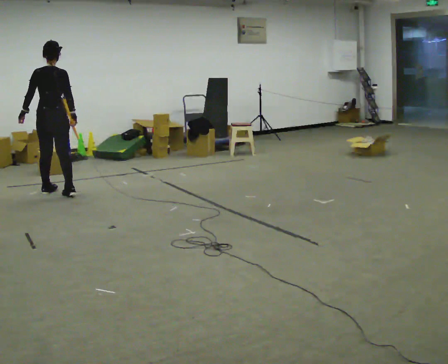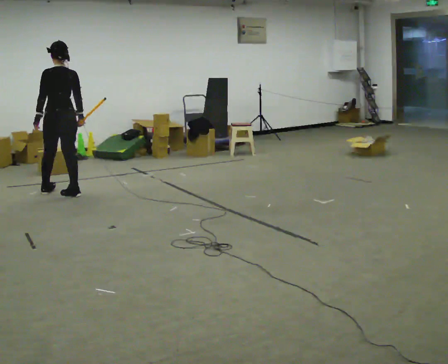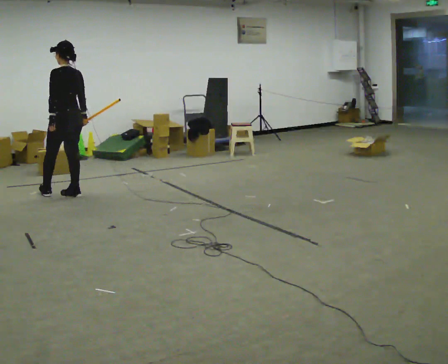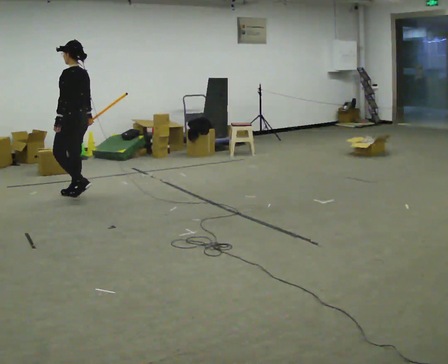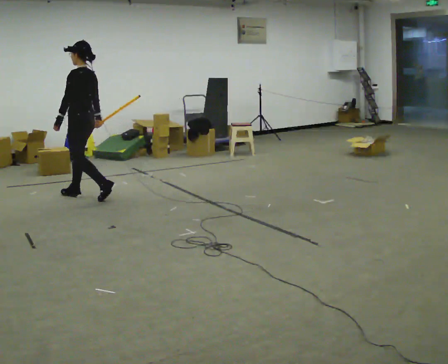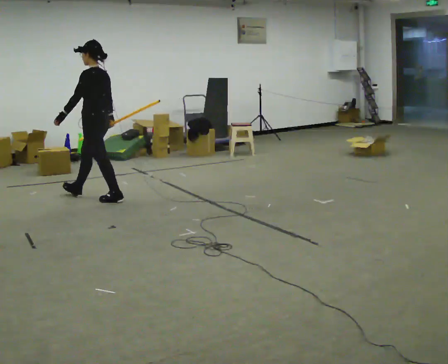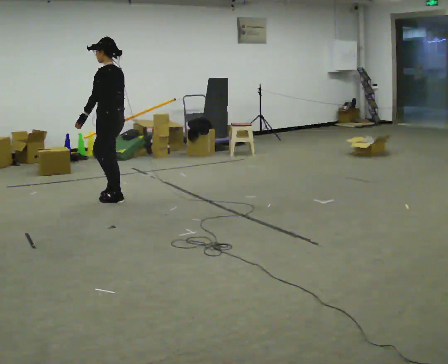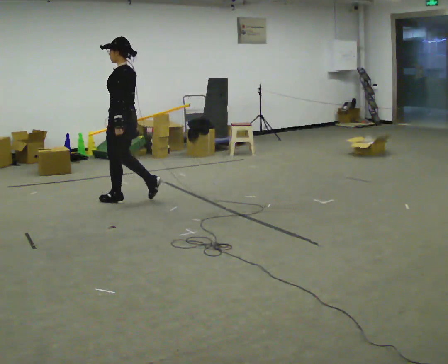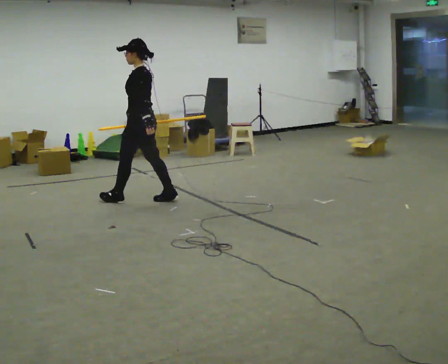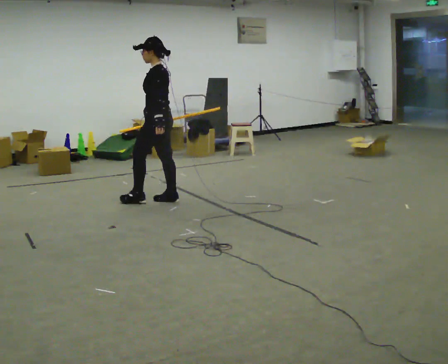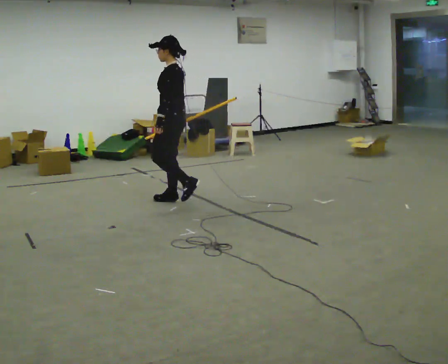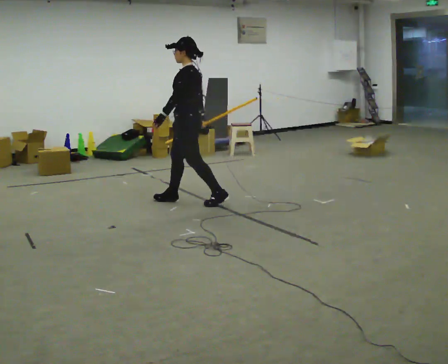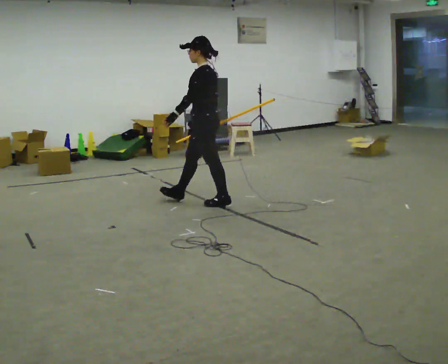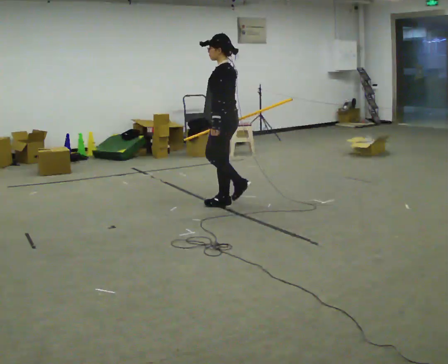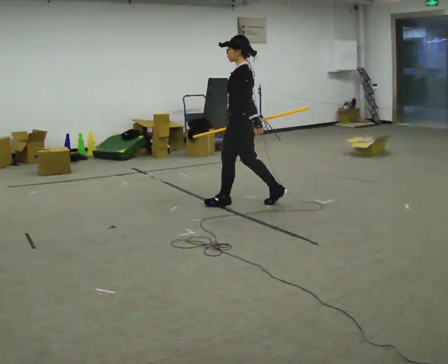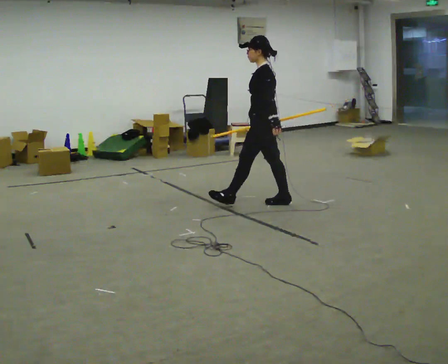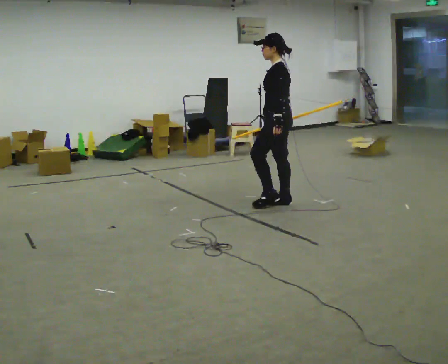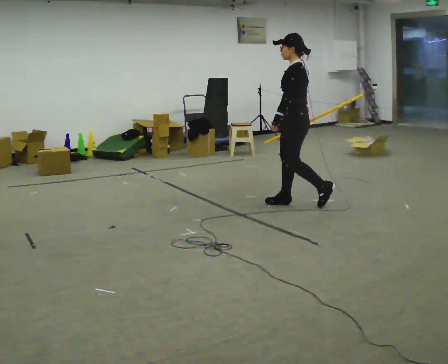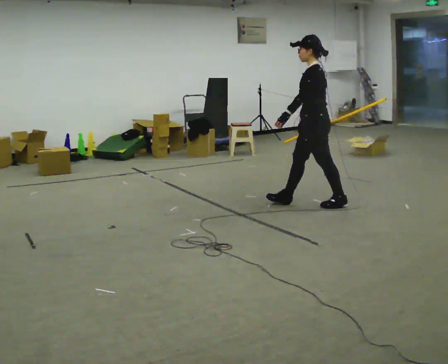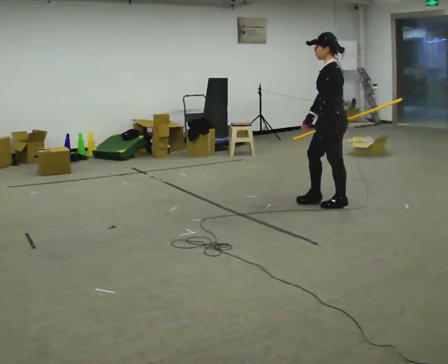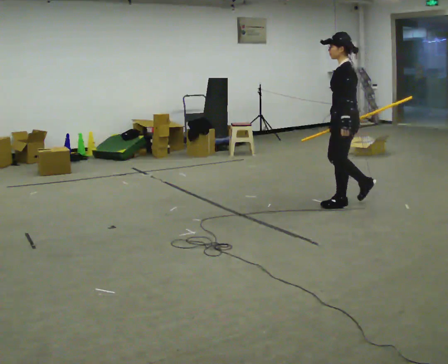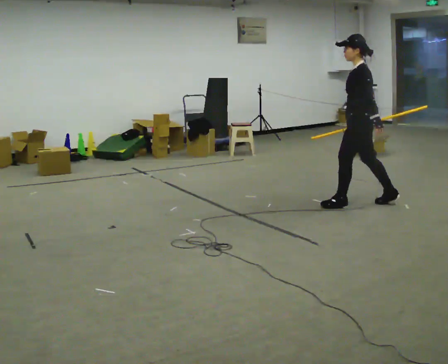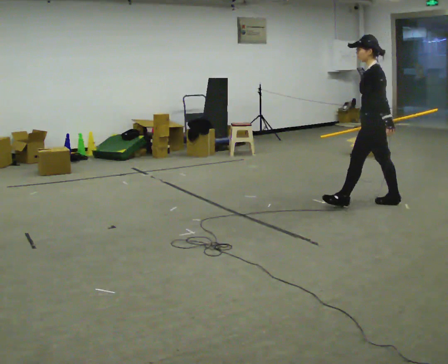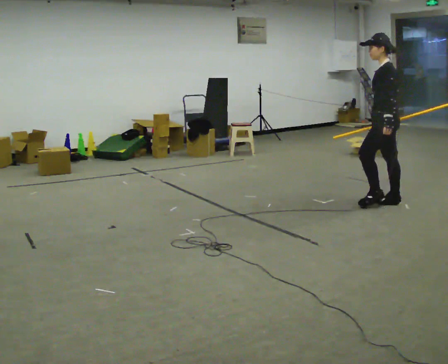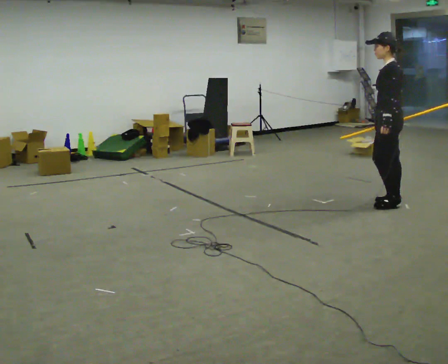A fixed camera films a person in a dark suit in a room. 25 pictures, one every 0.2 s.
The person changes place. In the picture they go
to the right.
0.0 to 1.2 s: The part of the body nearest the lens slides to the right as the person turns to their left by about 75 degrees. In the picture they go to the right, about 0.5 m in 2 steps.
1.2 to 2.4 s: In the picture they go to the right, about 1 m in 2 steps, which for them is backward.
2.4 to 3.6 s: In the picture they go to the right, about 1 m in 1 step, which for them is backward.
3.6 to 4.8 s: In the picture they go to the right, about 0.5 m in 2 steps, which for them is backward.
The film runs backward here.
